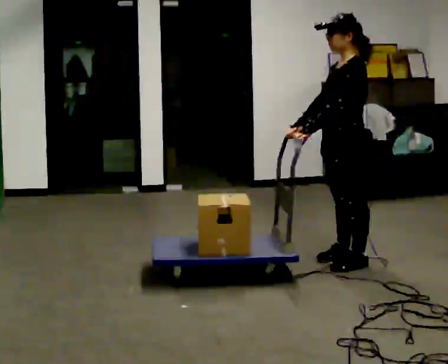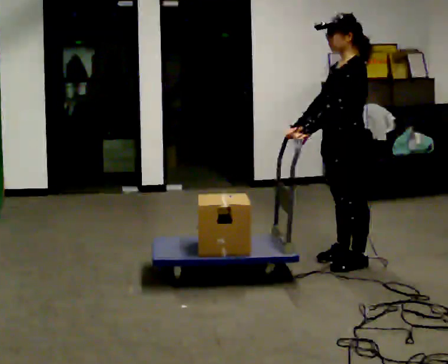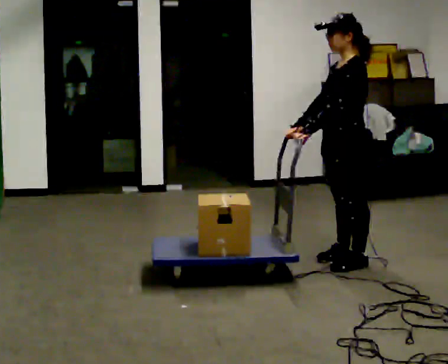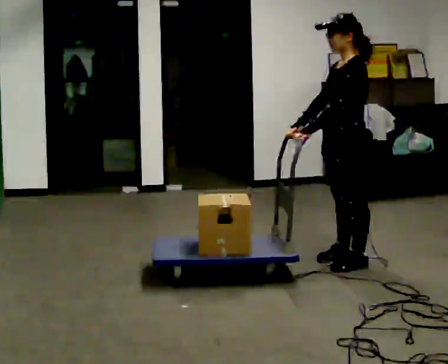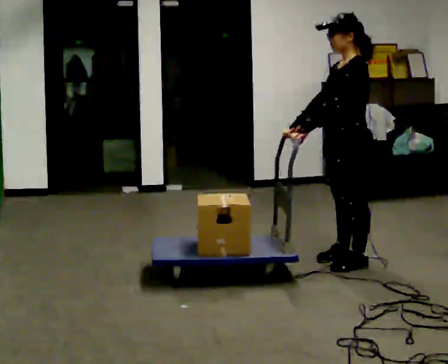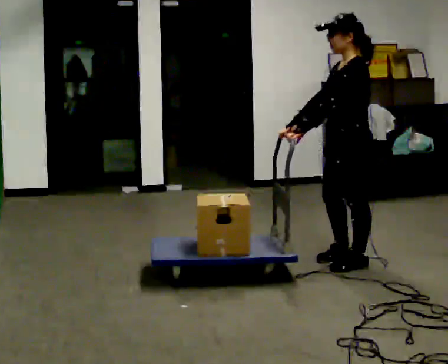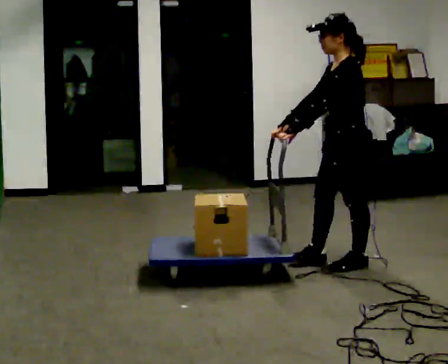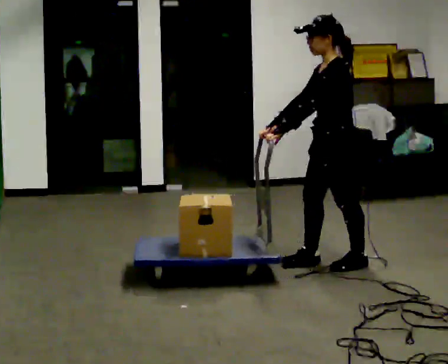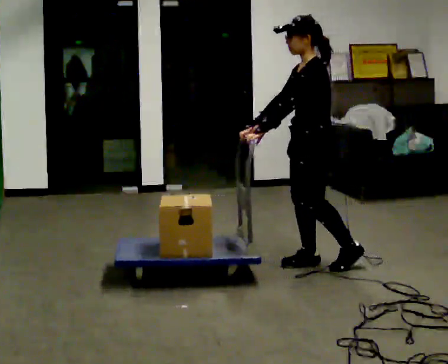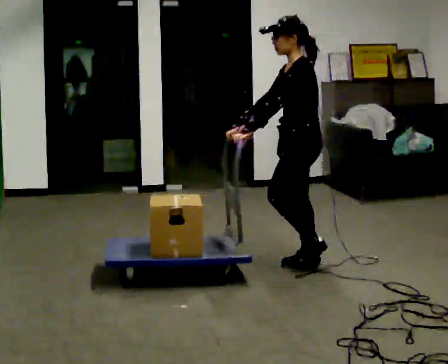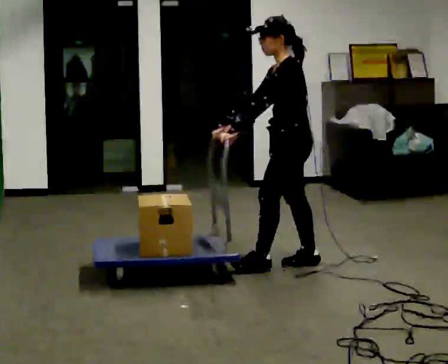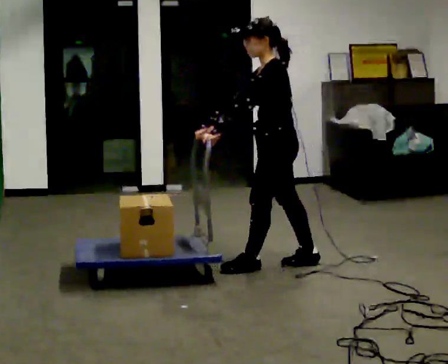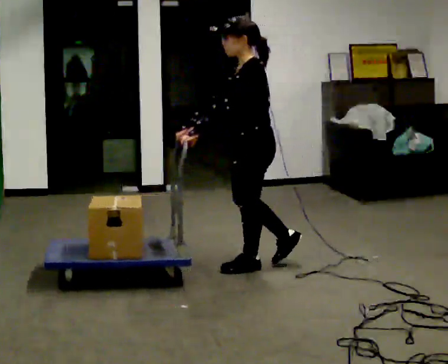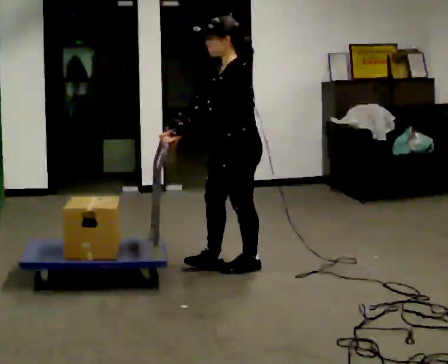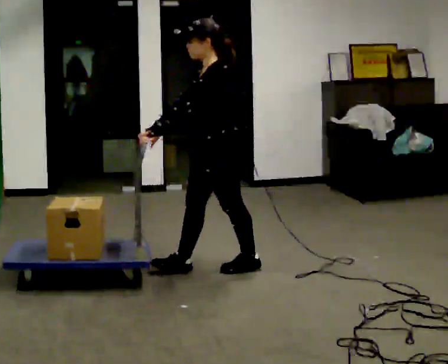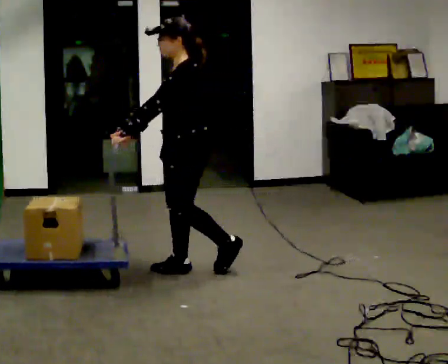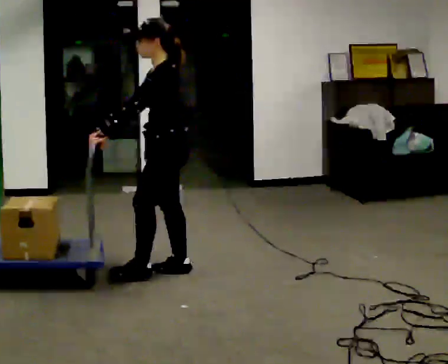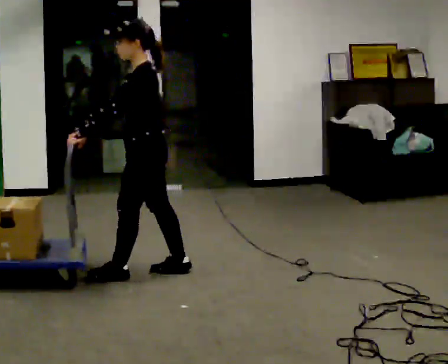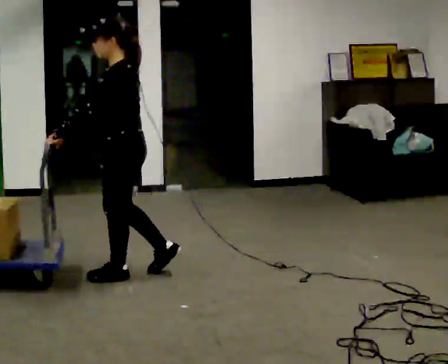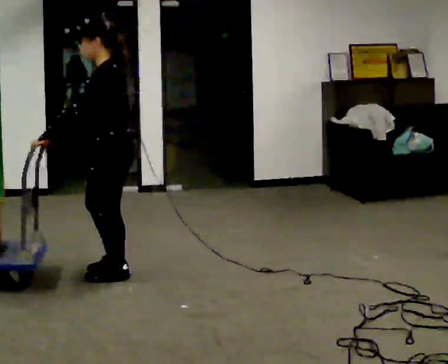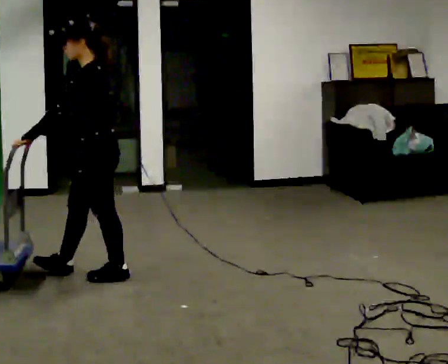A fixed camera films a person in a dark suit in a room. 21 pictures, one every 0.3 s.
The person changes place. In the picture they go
to the left.
0.0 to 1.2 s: The person moves a little, or ends about where they began.
1.2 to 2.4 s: In the picture they go to the left, about 0.25 m in 1 step, which for them is forward. In the picture their right hand goes to the left.
2.4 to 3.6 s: In the picture they go to the left, about 0.5 m in 1 step, which for them is forward.
3.6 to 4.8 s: In the picture they go to the left, about 0.5 m in 1 step, which for them is forward.
4.8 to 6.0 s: In the picture they go to the left and toward the camera, about 0.5 m in 2 steps, which for them is forward.
The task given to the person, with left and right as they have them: Push the cart across the room and back. The operator will change how much is loaded on it between takes and will tell you each time.
The film runs forward here.
